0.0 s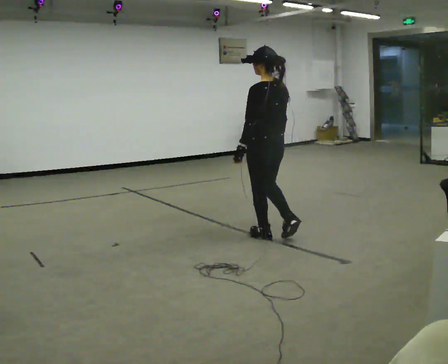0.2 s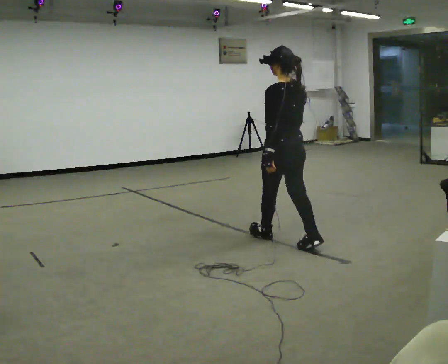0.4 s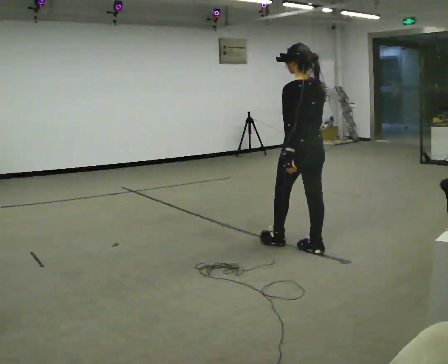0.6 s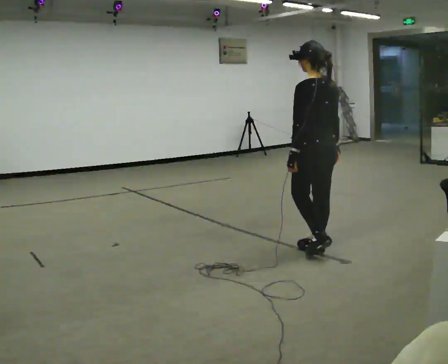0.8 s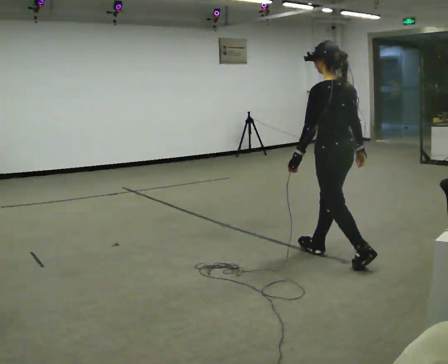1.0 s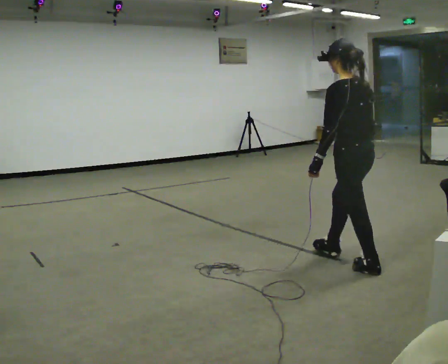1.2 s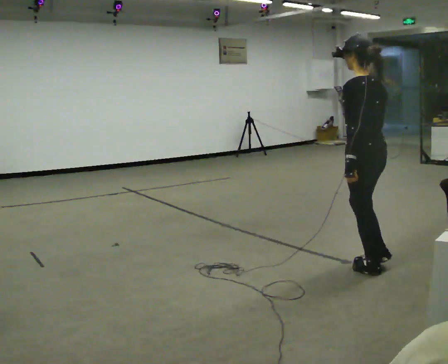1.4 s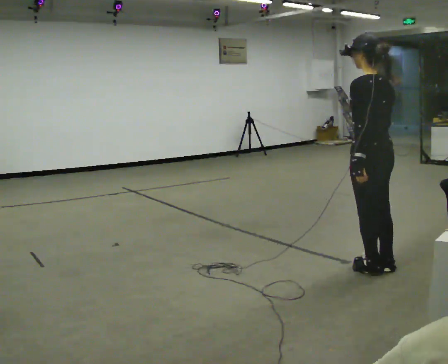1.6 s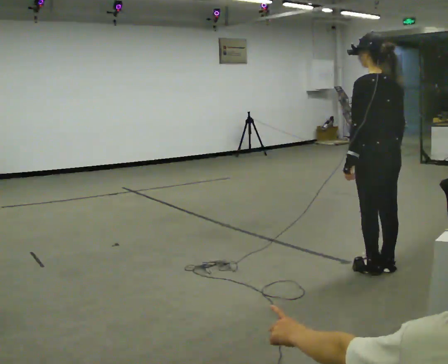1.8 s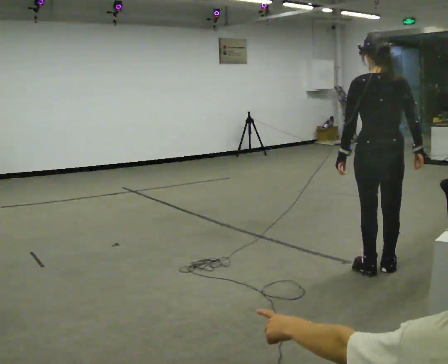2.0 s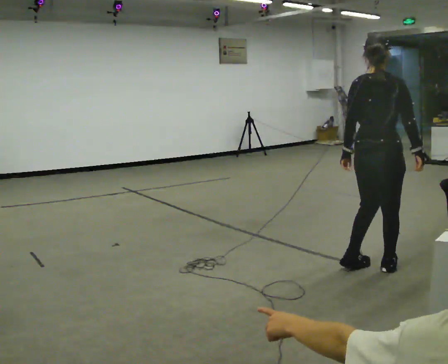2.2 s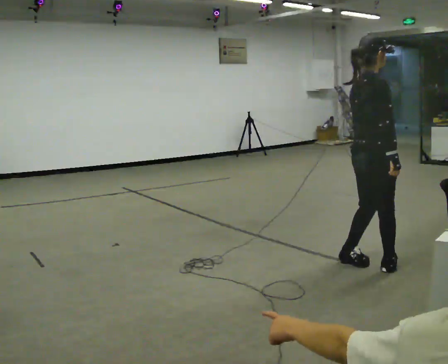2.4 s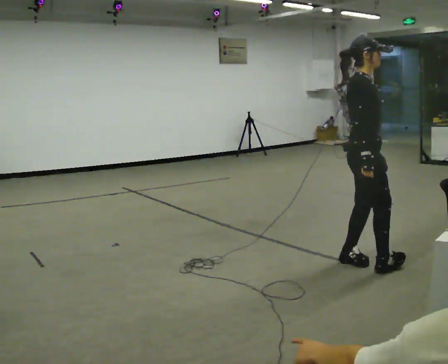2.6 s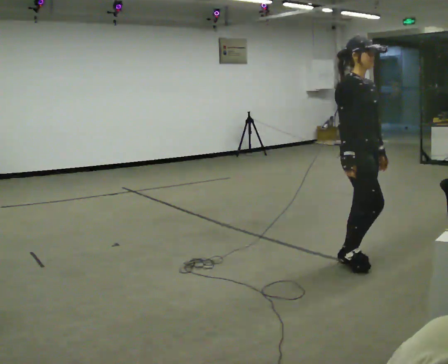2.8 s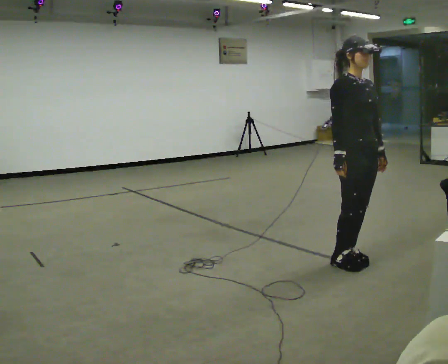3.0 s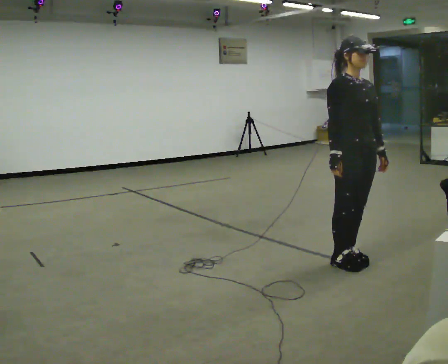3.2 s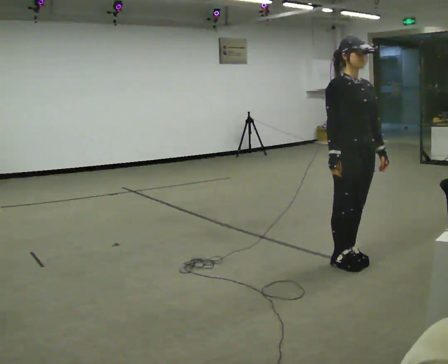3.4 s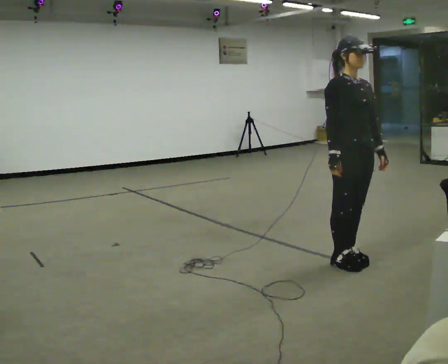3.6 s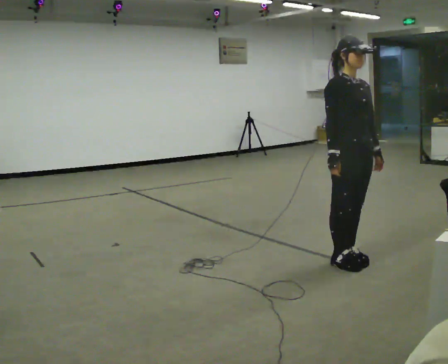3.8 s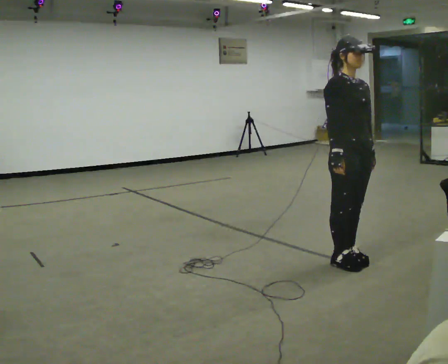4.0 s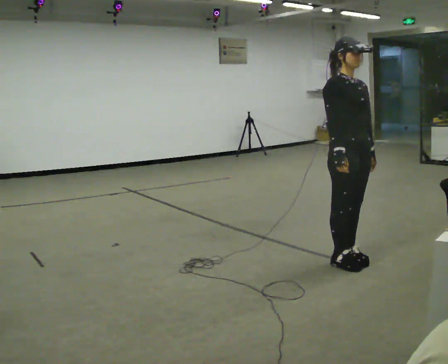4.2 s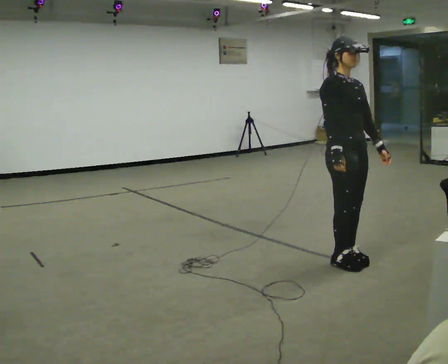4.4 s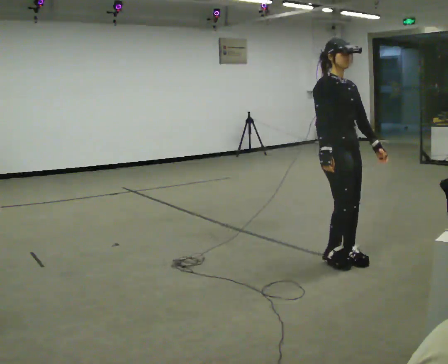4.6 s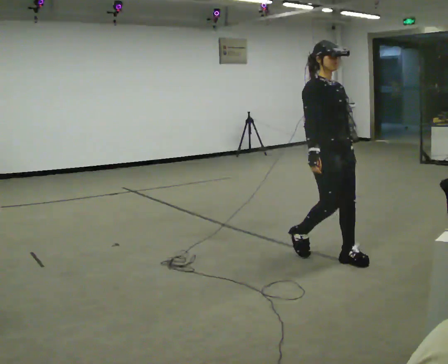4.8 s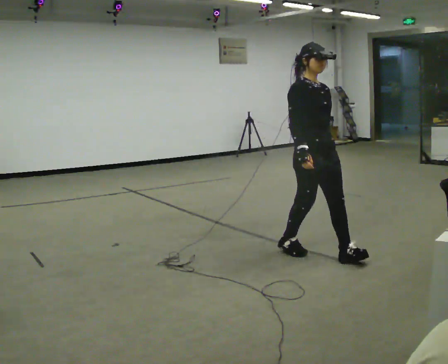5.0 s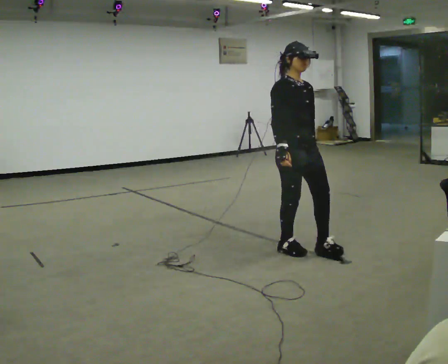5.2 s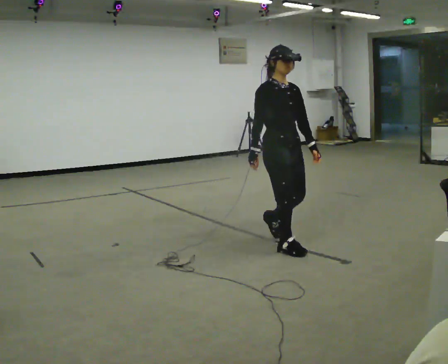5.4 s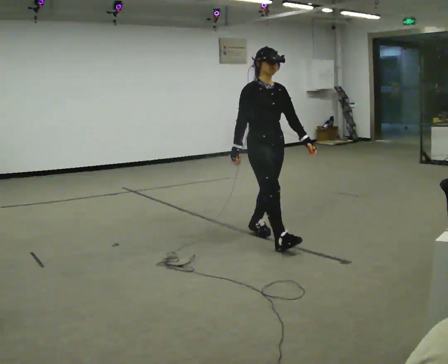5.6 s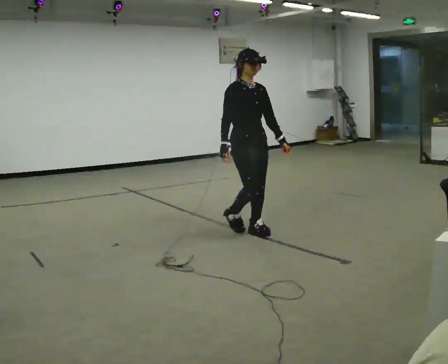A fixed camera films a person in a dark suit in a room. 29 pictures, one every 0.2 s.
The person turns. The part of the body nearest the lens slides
to the left.
The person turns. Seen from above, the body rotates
clockwise.
0.0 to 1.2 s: In the picture they go to the right and toward the camera, about 1 m in 2 steps, which for them is backward.
1.2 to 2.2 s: The part of the body nearest the lens slides to the left as the person turns to their right by about 105 degrees.
2.2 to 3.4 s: The person turns about 90 degrees to their right, clockwise seen from above, so the part of the body nearest the lens slides to the left.
3.4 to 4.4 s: The person moves a little, or ends about where they began.
4.4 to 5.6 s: In the picture they go to the left and away from the camera, about 1 m in 3 steps, which for them is backward.
The film runs backward here.
